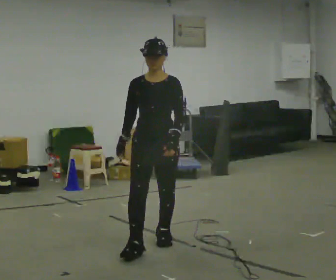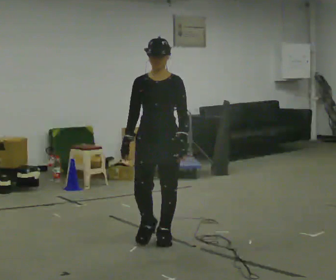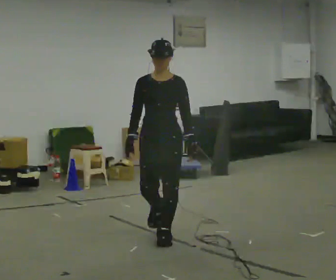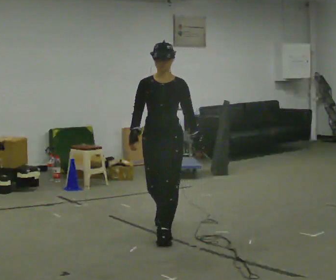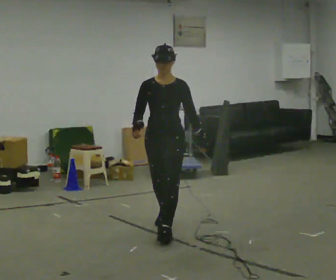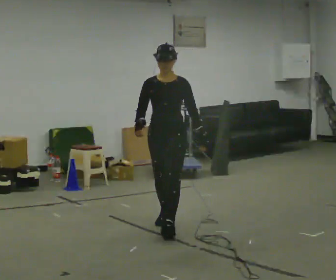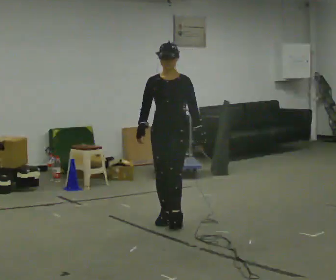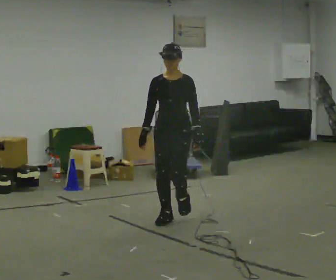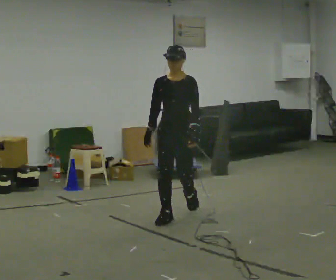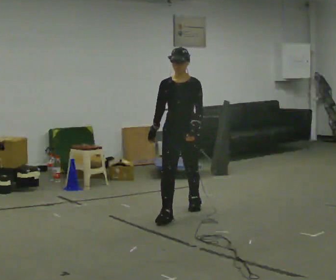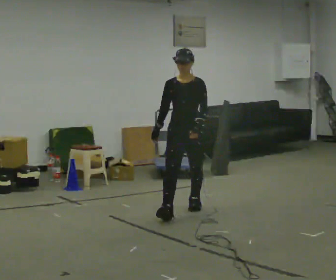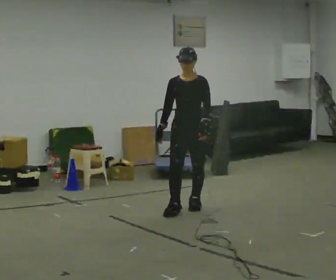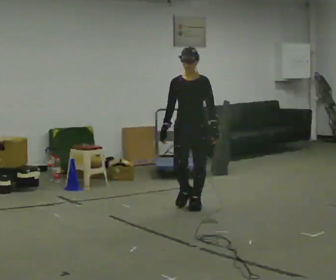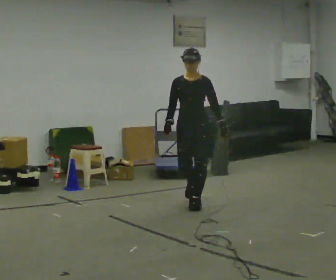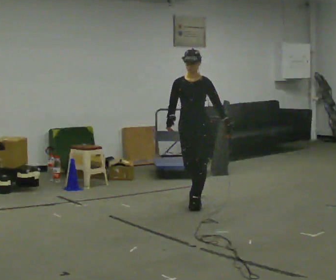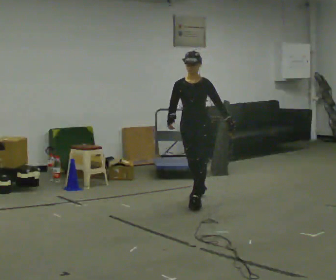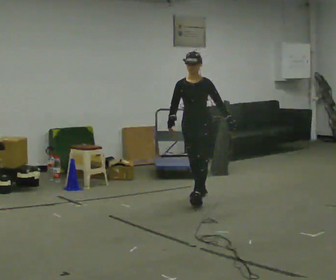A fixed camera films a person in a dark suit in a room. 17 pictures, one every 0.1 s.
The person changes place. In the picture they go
away from the camera.
0.0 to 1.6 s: In the picture they go away from the camera, about 2 m in 3 steps, which for them is backward.
The film runs backward here.
